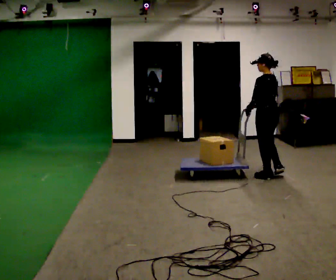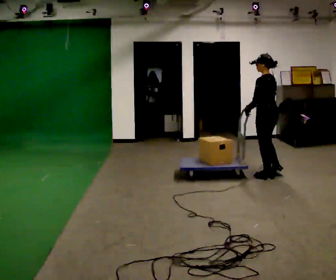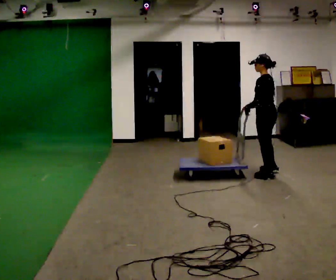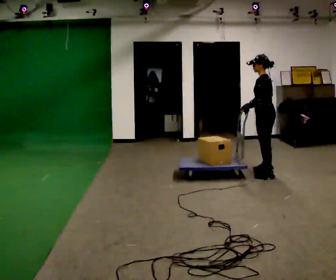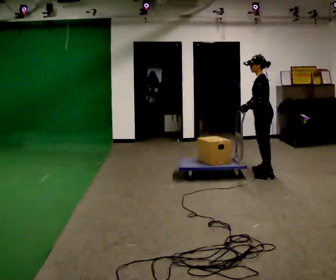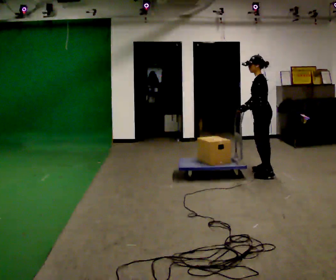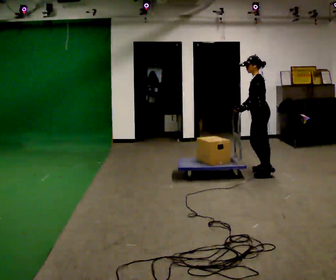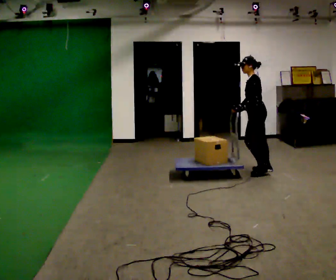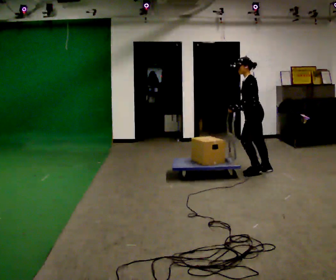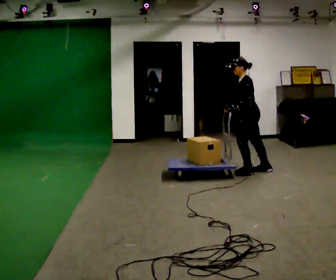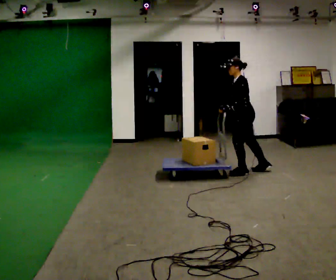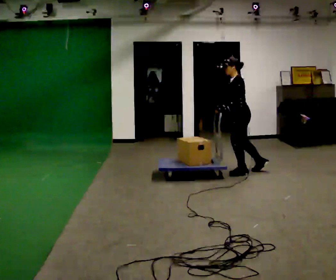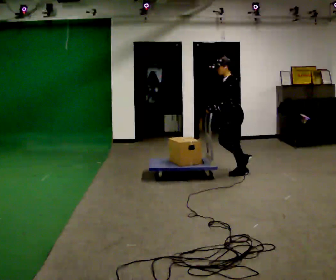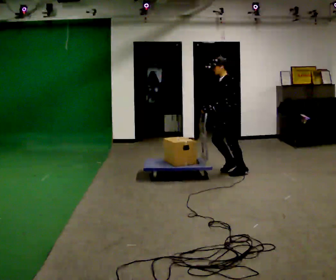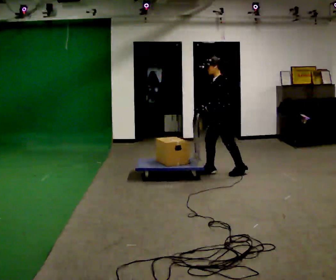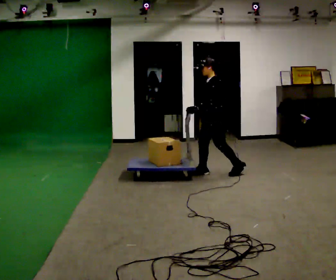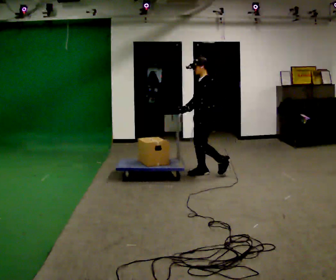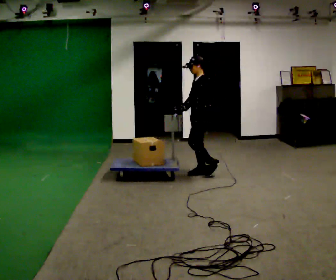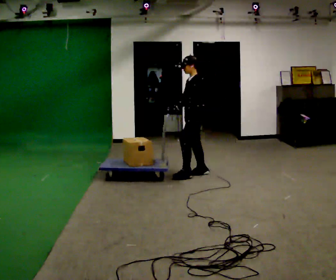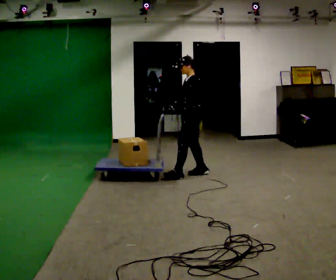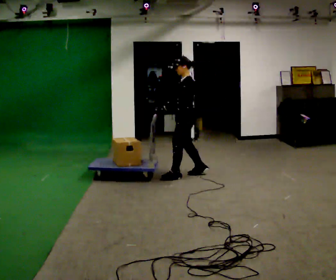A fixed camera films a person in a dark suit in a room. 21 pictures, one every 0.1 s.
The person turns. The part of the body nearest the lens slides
to the right.
The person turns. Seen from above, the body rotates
counterclockwise.
0.0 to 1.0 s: The part of the body nearest the lens slides to the right as the person turns to their left by about 60 degrees. In the picture they go to the left and away from the camera, about 0.5 m in 2 steps, which for them is forward and to their right.
1.0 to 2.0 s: In the picture they go to the left, about 1 m in 2 steps, which for them is forward.
The film runs forward here.
